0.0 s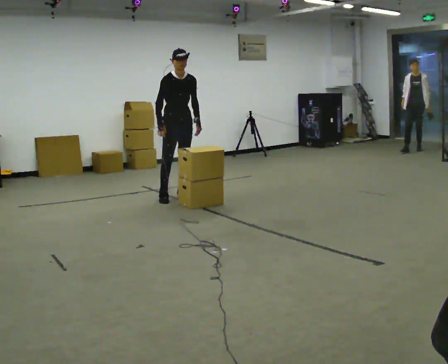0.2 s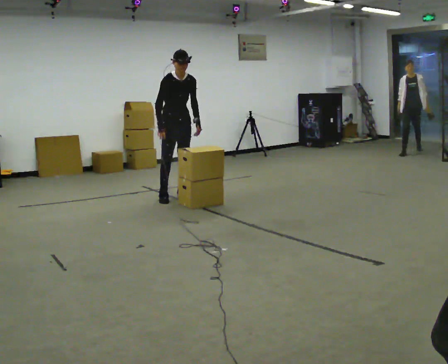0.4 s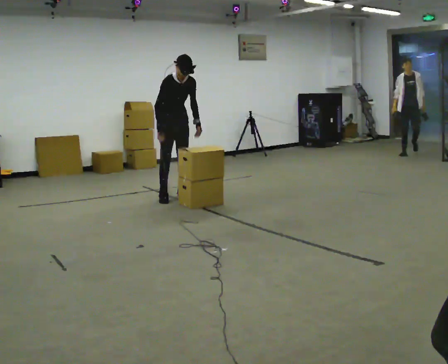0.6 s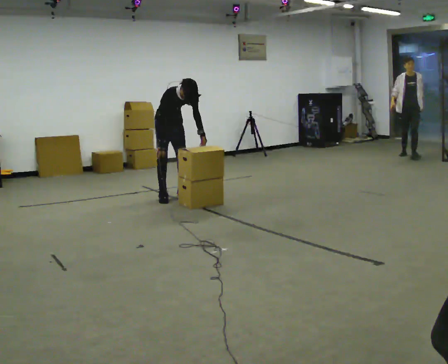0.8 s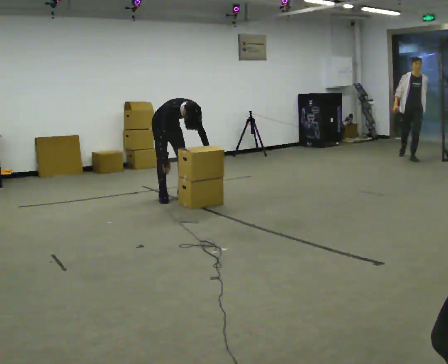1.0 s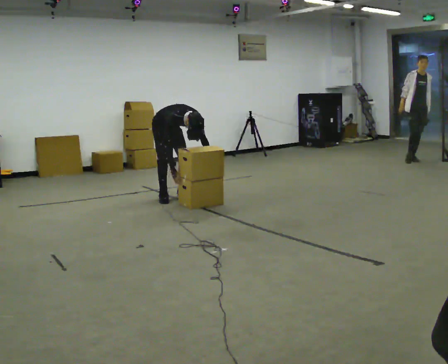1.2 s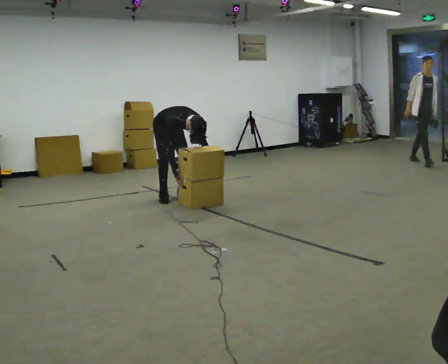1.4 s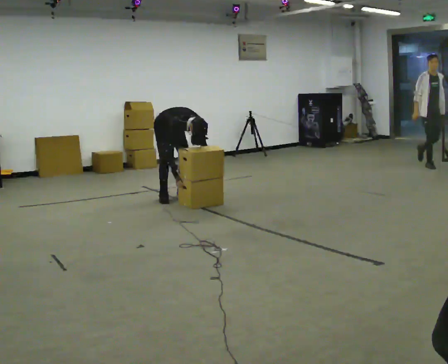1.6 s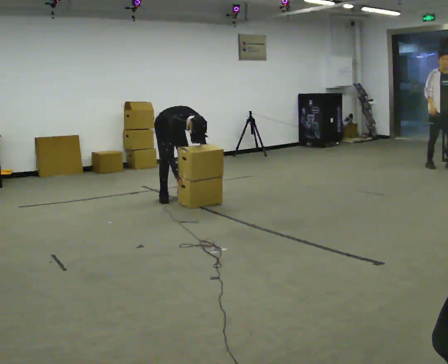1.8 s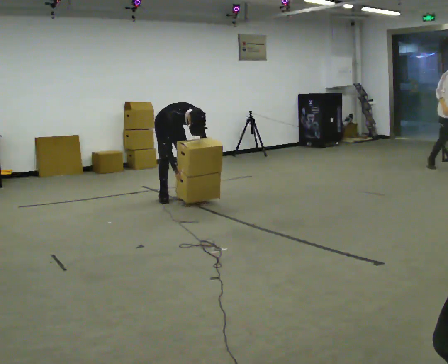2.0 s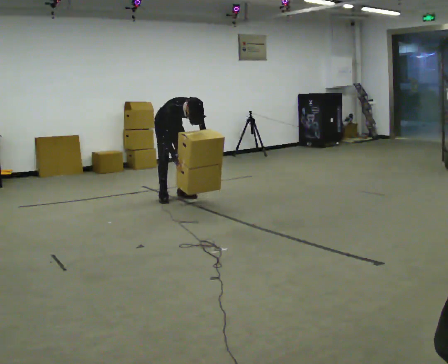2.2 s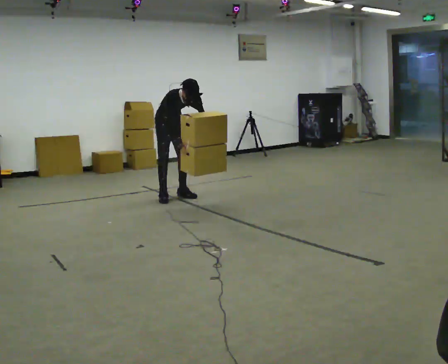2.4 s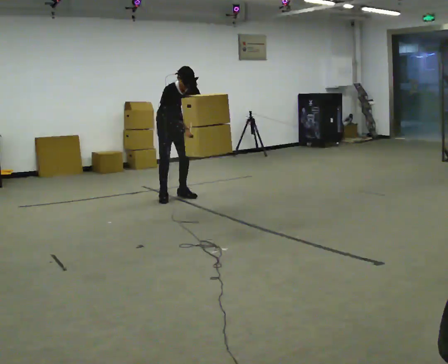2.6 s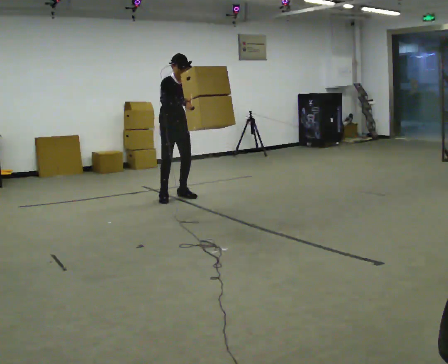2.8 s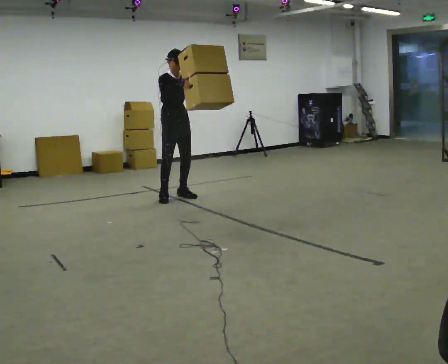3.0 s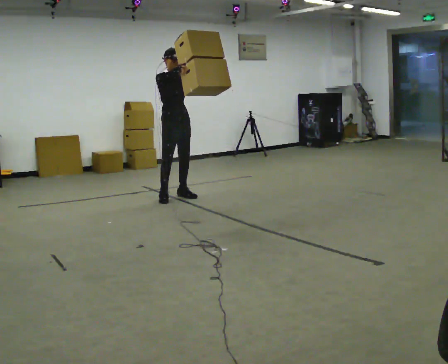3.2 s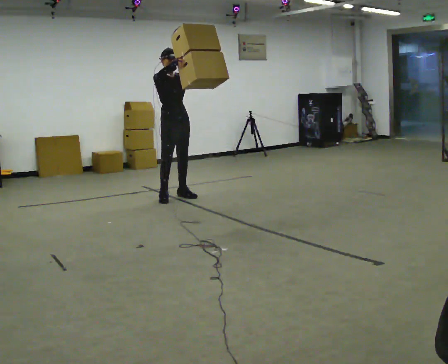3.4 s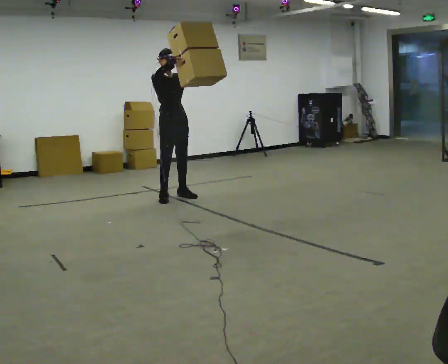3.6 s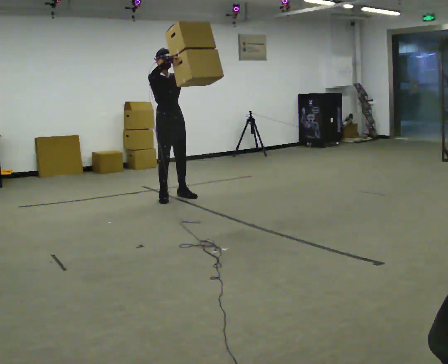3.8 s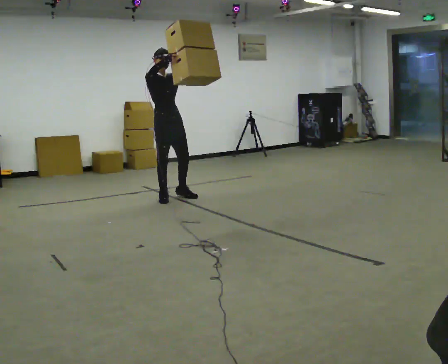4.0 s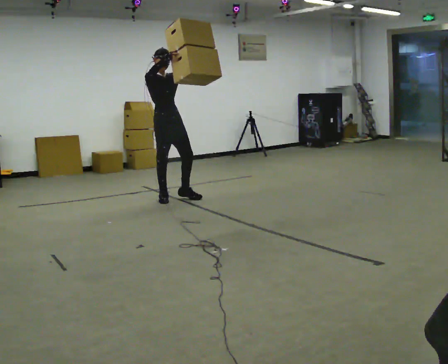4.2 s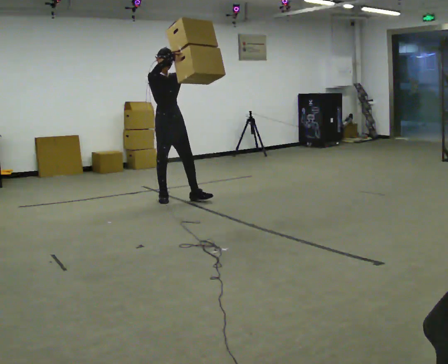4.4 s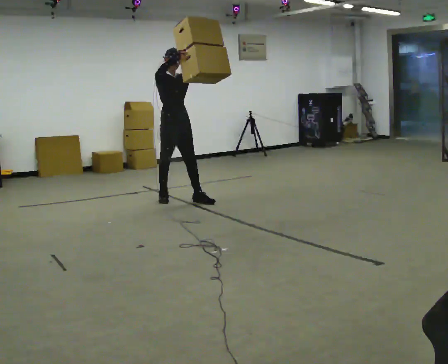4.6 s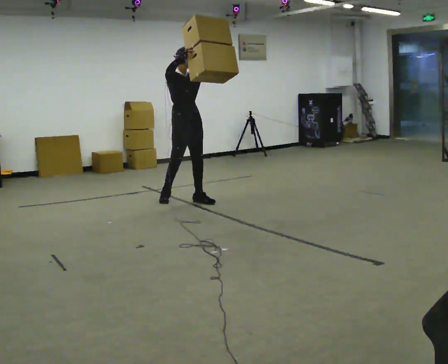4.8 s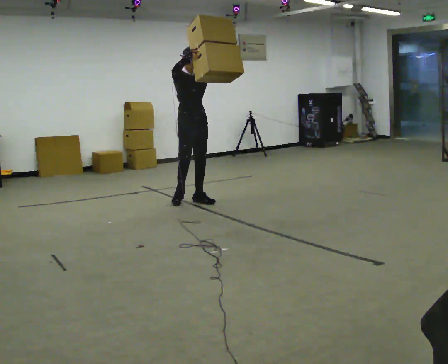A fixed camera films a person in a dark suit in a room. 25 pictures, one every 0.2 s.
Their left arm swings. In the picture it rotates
counterclockwise.
The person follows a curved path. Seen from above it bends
counterclockwise.
0.0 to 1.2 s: The shoulders move downward. The upper body tips toward the camera, its near side rolling downward, as they bend forward. In the picture their left hand goes downward.
1.2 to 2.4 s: The shoulders move upward. The upper body tips away from the camera, its near side rolling upward, as they lean back or straighten. In the picture their right hand goes upward.
2.4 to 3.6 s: In the picture they go toward the camera, about 0.25 m, which for them is forward. The upper body tips away from the camera, its near side rolling upward, as they lean back or straighten. In the picture their right hand goes upward.
3.6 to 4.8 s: In the picture they go to the right, about 0.25 m in 1 step, which for them is forward.
The film runs forward here.
